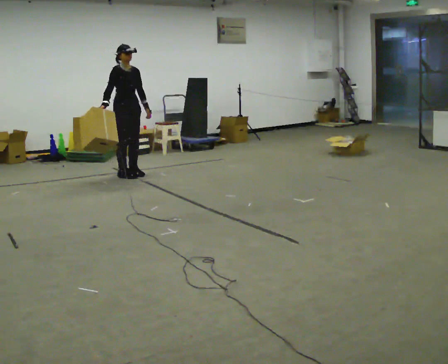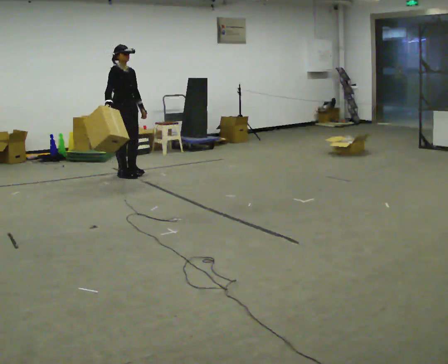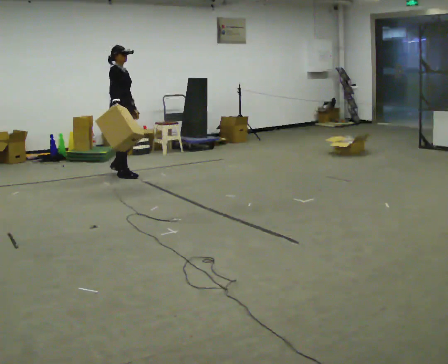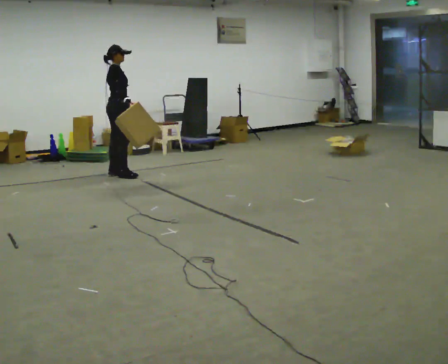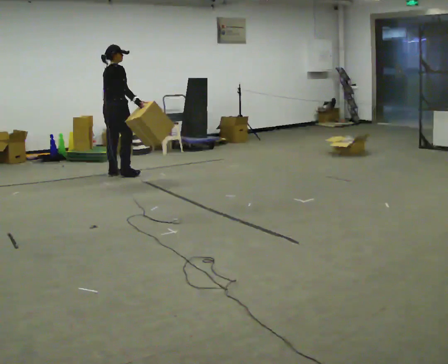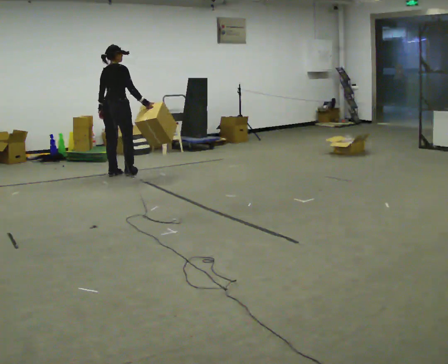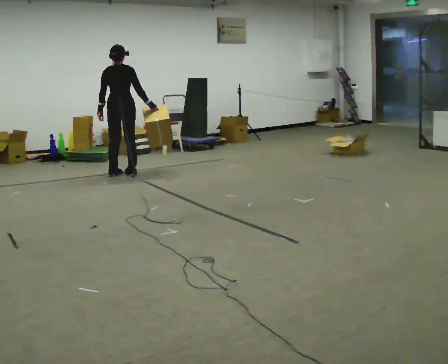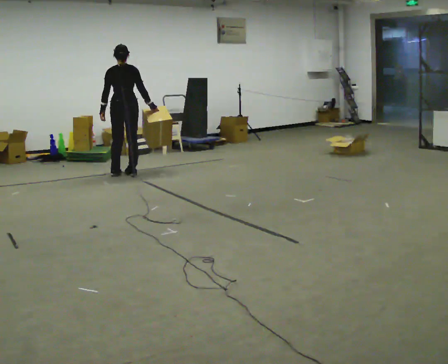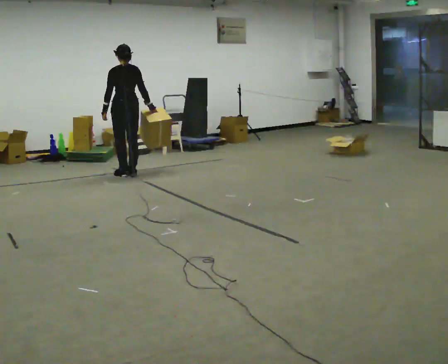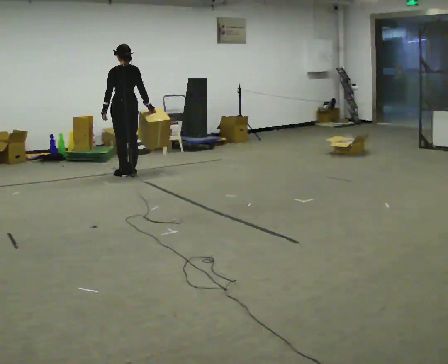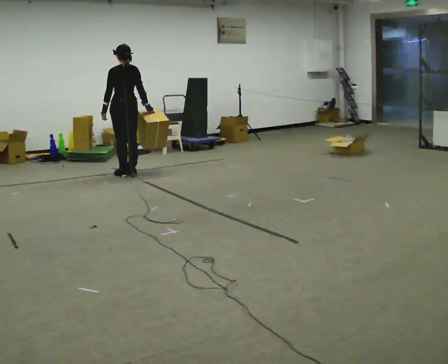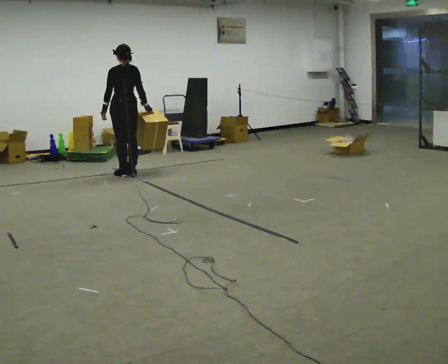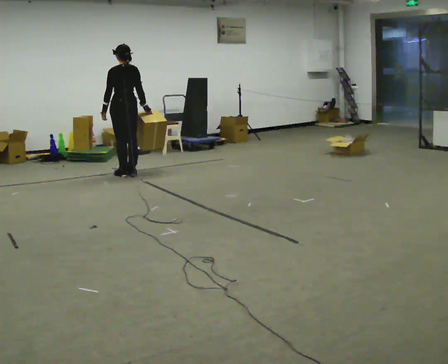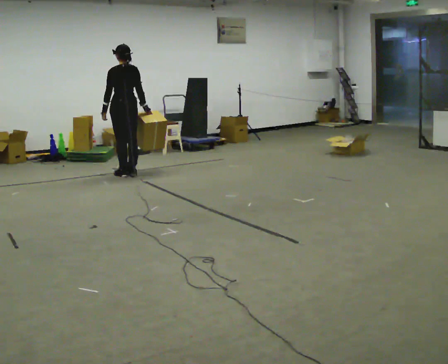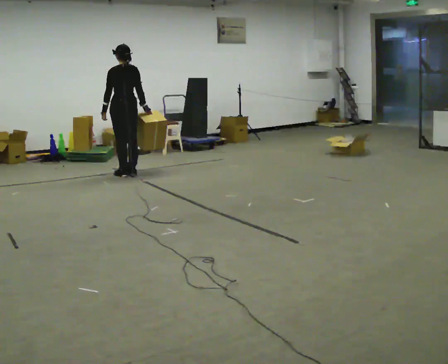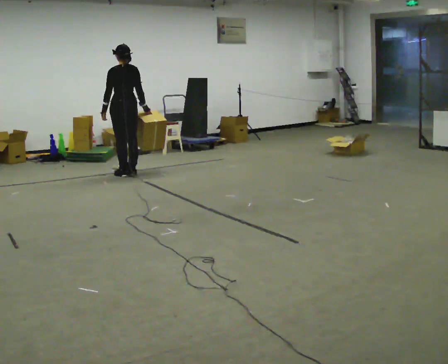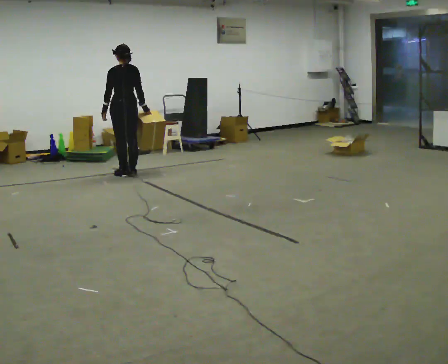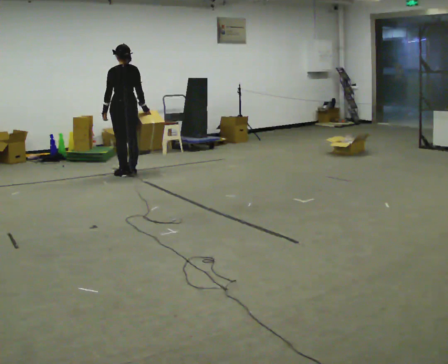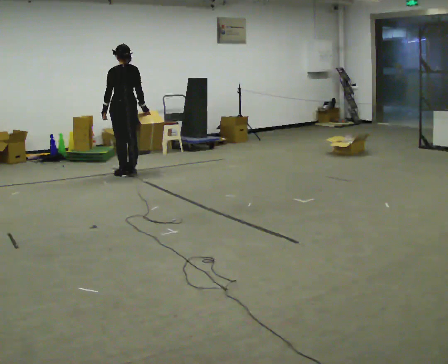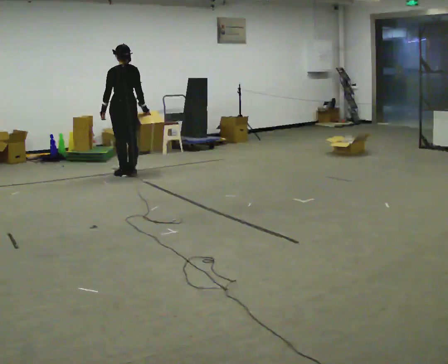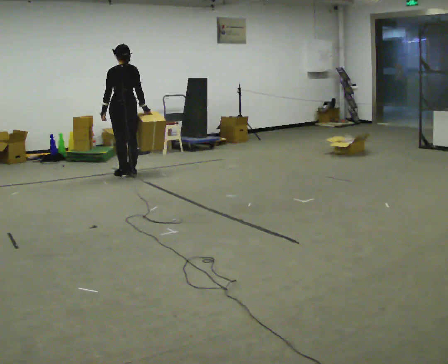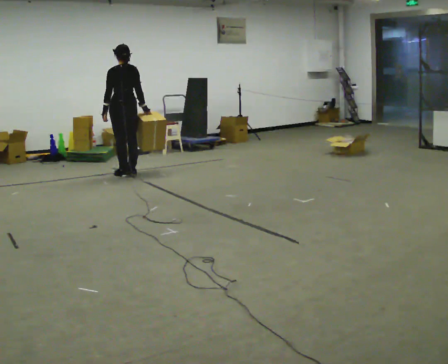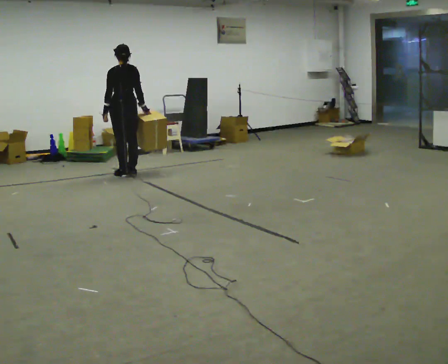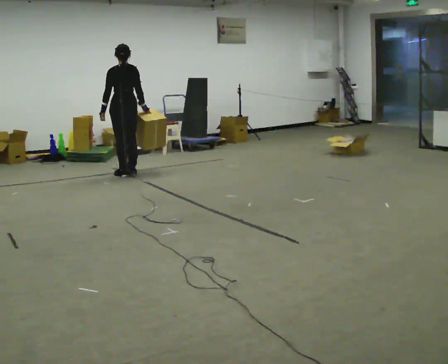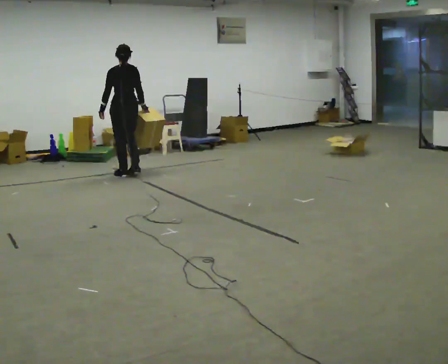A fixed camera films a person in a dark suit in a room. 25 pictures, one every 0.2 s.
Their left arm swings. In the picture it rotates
clockwise.
The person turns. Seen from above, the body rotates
counterclockwise.
0.0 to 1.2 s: The part of the body nearest the lens slides to the right as the person turns to their left by about 120 degrees. In the picture their right hand goes to the right, the arm swinging counterclockwise.
1.2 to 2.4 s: The person turns about 45 degrees to their left, counterclockwise seen from above, so the part of the body nearest the lens slides to the right.
2.4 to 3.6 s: The person keeps their place and pose.
3.6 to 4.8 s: The person moves a little, or ends about where they began.
The film runs backward here.
